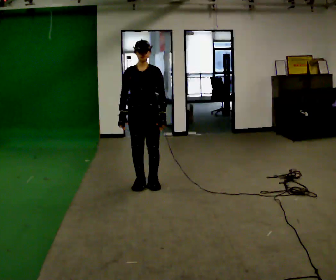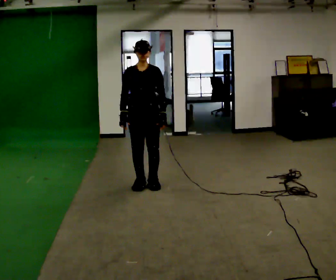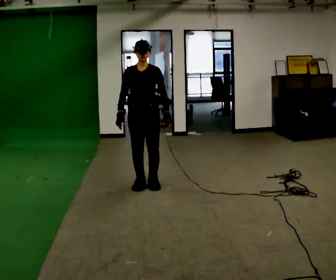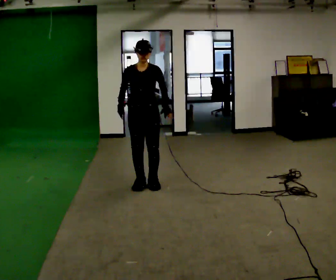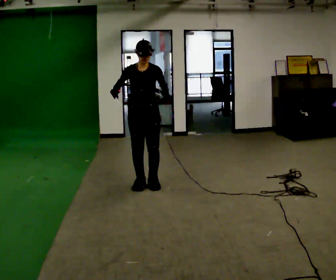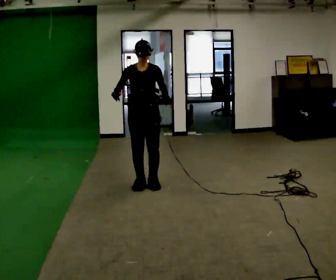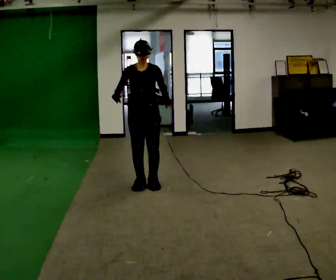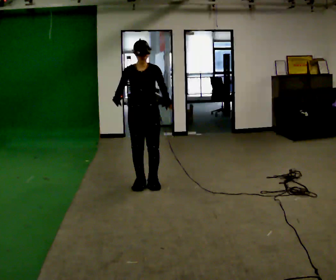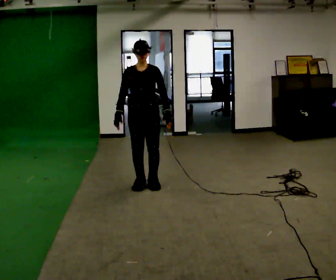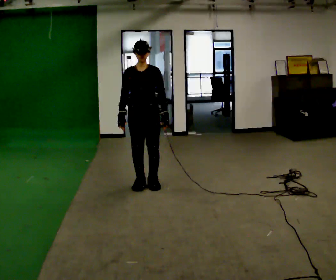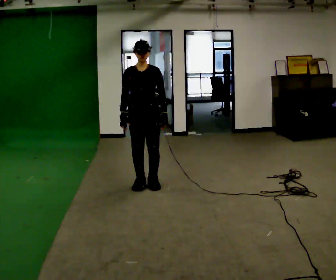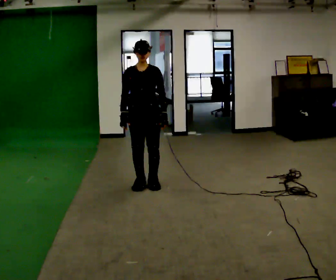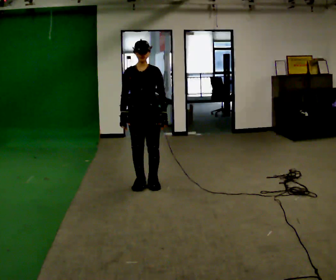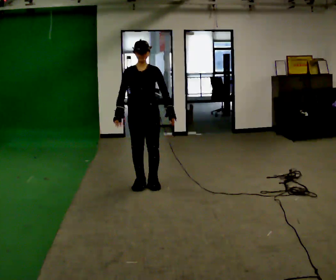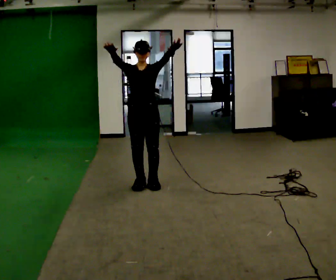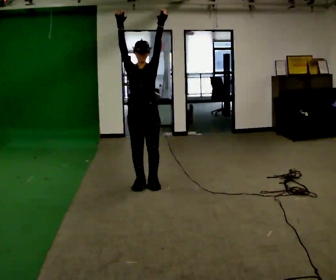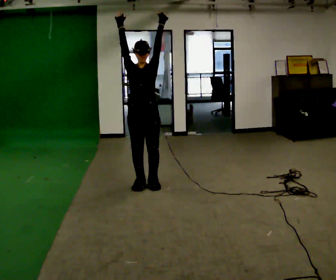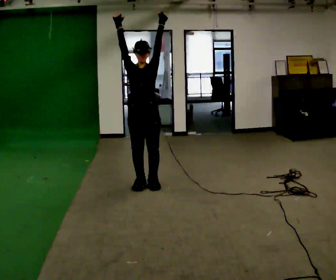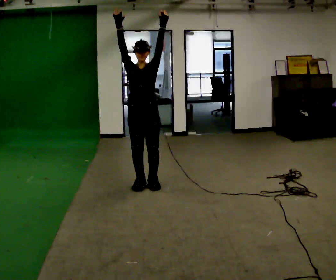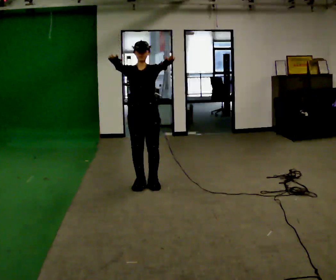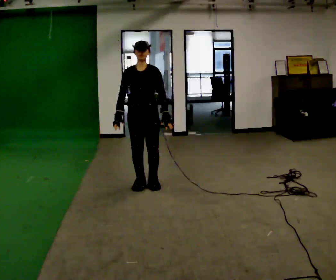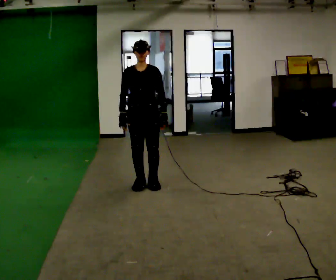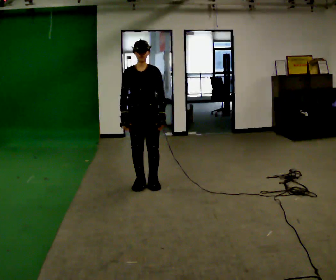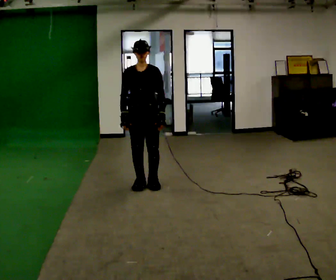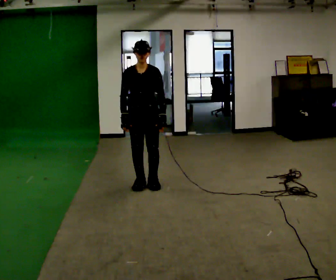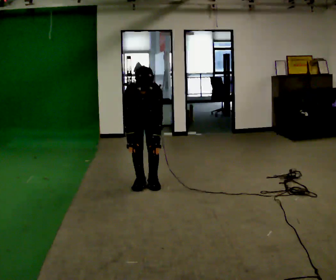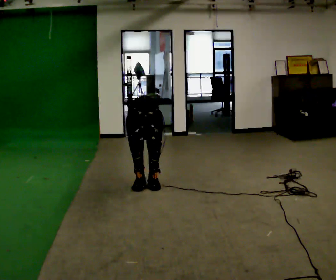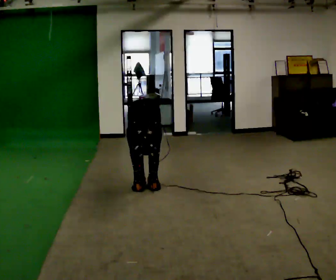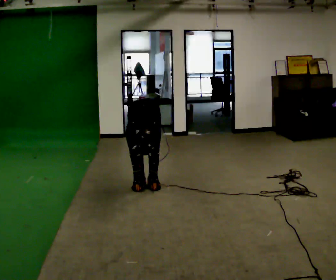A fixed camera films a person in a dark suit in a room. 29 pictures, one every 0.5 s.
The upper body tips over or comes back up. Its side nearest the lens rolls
downward.
The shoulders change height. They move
downward.
0.0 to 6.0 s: The person moves a little, or ends about where they began.
6.0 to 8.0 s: In the picture their right hand goes upward.
8.0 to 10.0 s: In the picture their right hand goes downward.
10.0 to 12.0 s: The upper body tips toward the camera, its near side rolling downward, as they bend forward.
12.0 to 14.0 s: The upper body goes downward. The upper body tips toward the camera, its near side rolling downward, as they bend forward. In the picture their left hand goes downward.
The film runs forward here.
